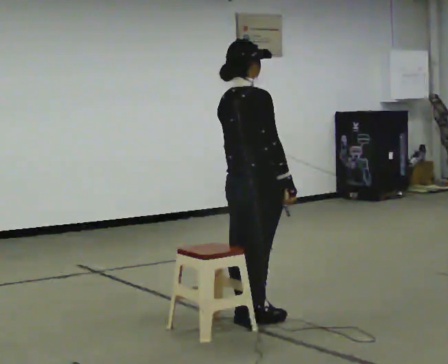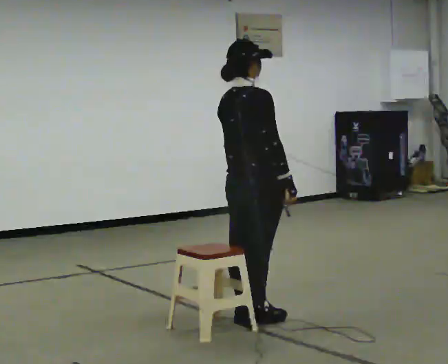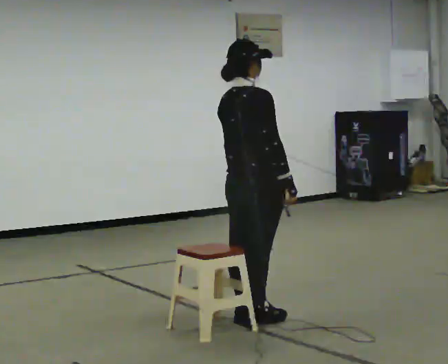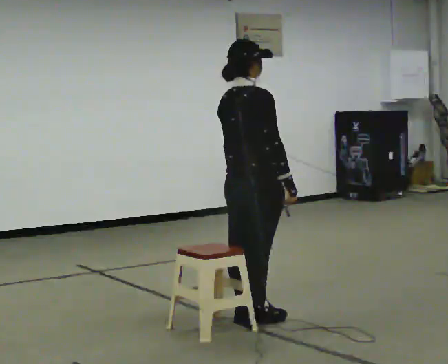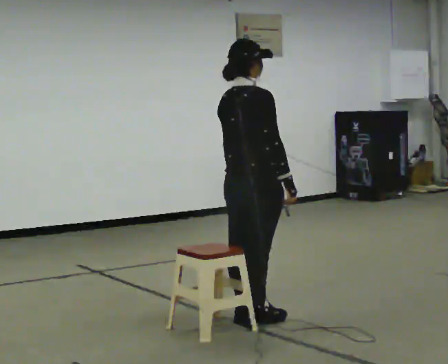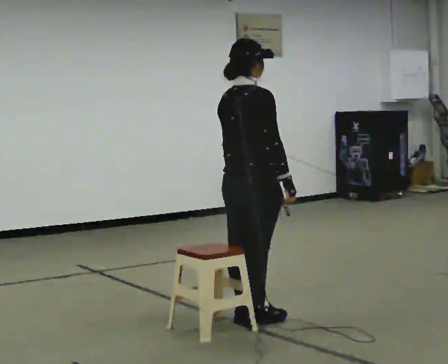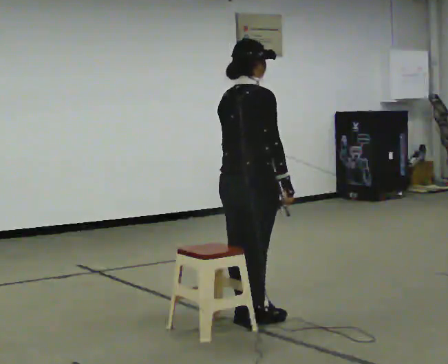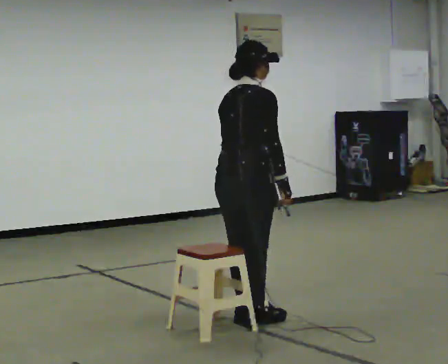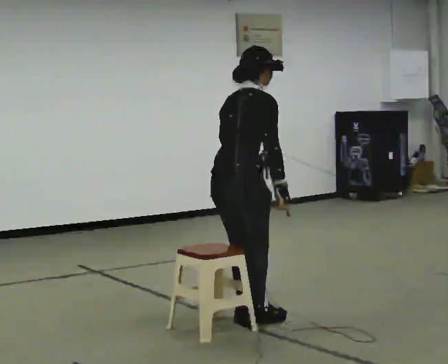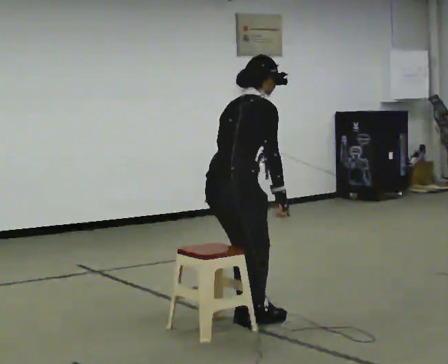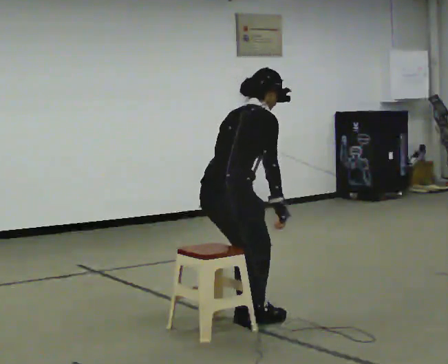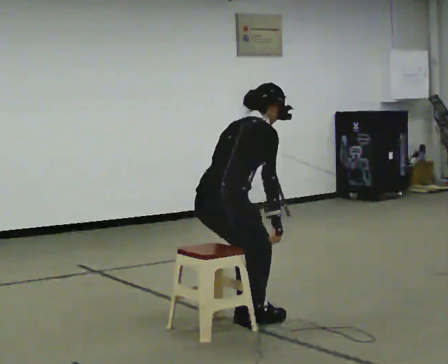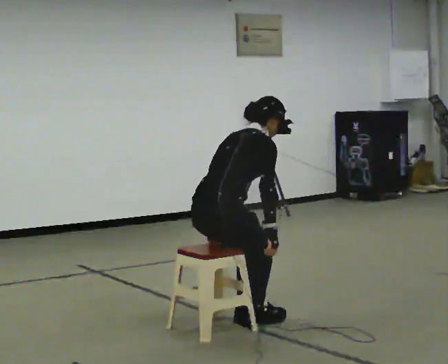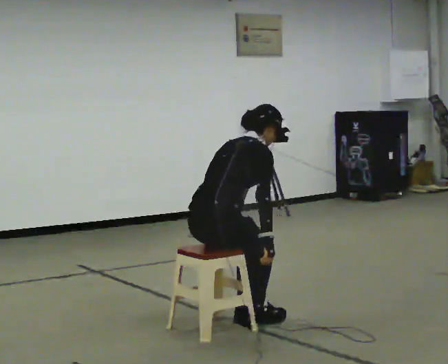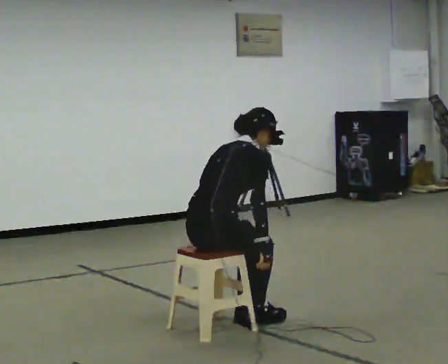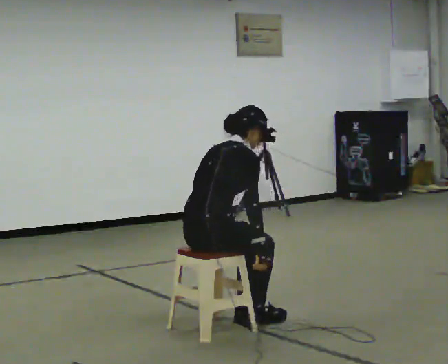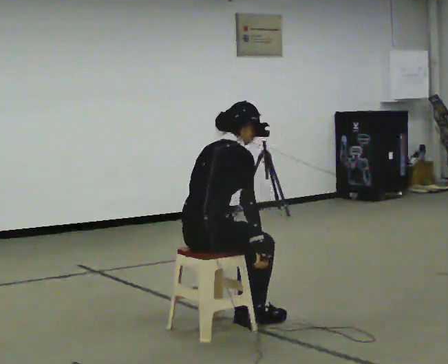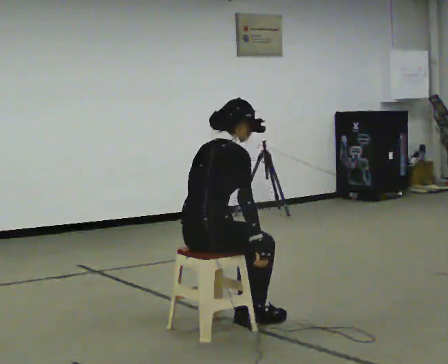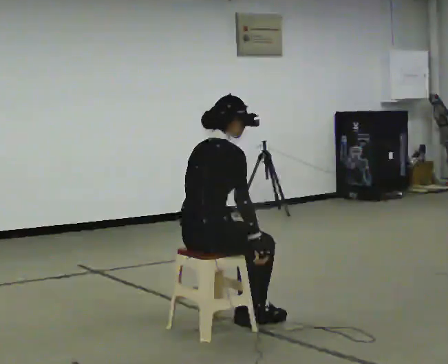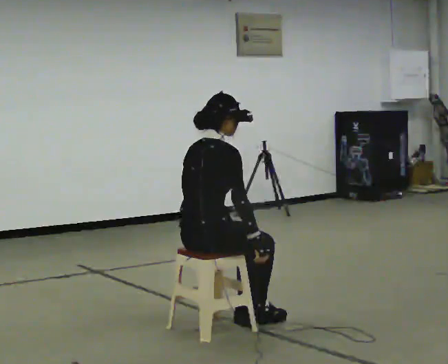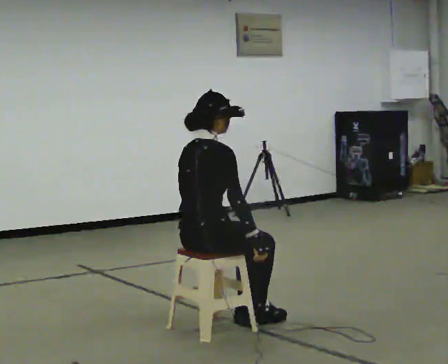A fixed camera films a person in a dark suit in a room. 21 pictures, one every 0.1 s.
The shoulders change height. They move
downward.
0.0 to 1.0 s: In the picture they go to the left, about 0.25 m, which for them is backward. The shoulders move downward. In the picture the upper body tilts clockwise, shoulders to the right, as they bend forward.
1.0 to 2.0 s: The person moves a little, or ends about where they began.
The film runs forward here.
